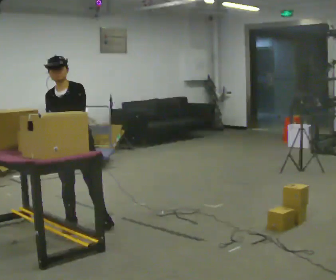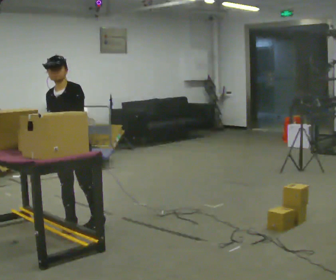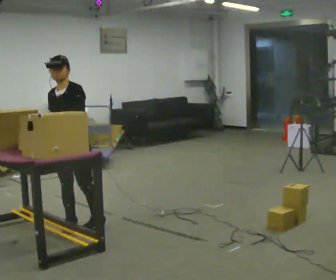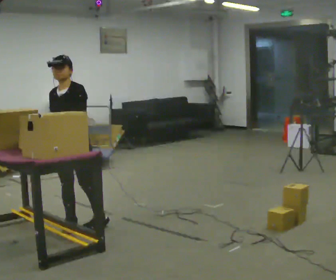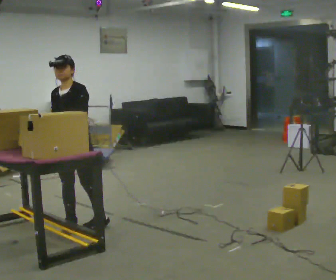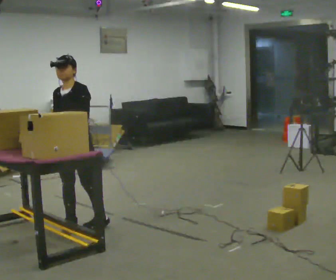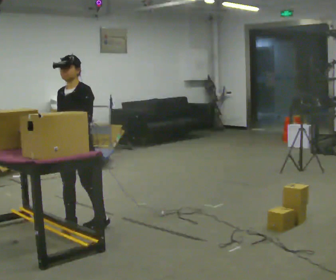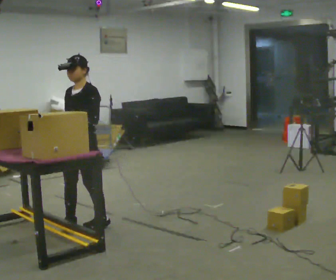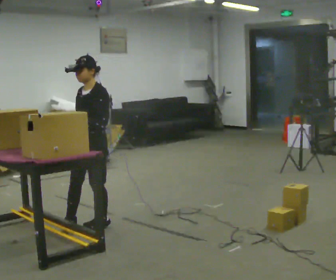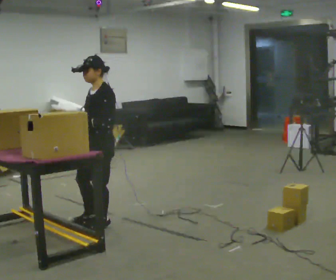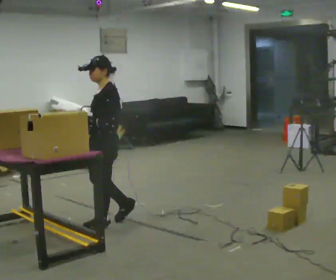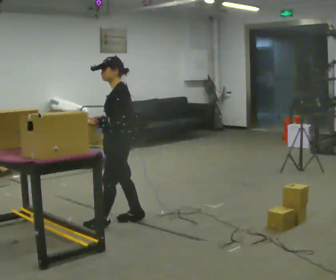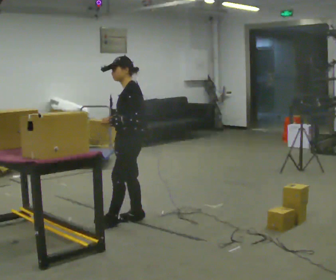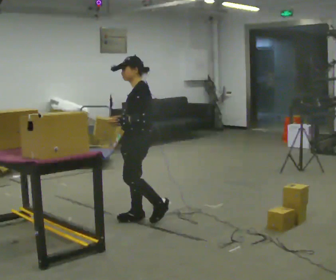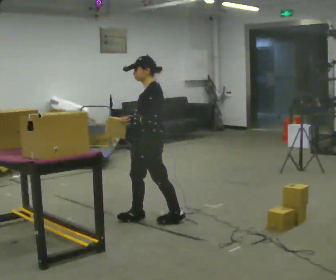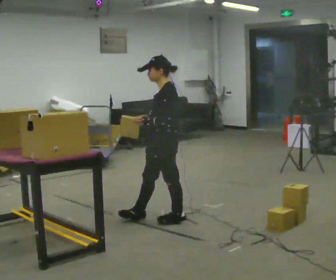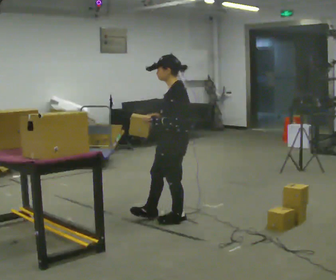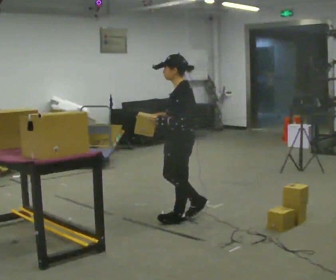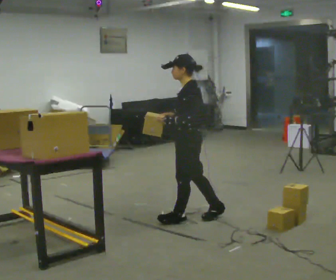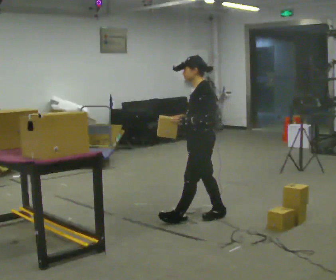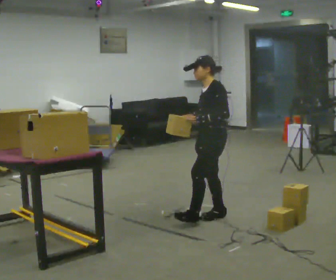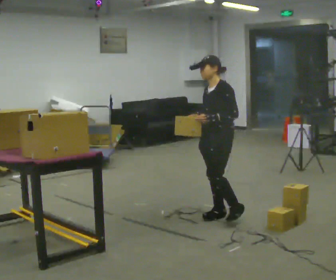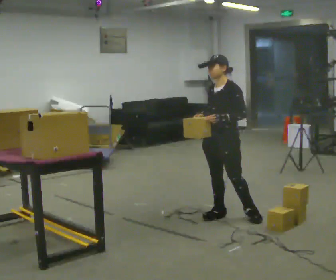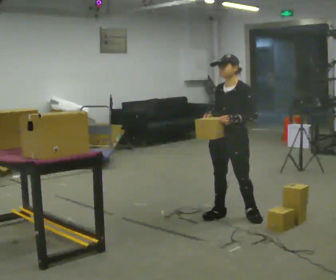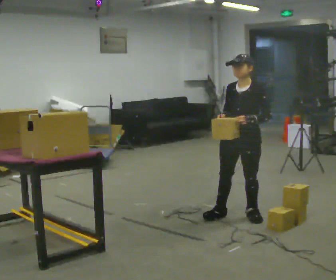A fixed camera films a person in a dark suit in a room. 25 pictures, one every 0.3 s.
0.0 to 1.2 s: The person moves a little, or ends about where they began.
1.2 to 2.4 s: In the picture they go to the right, about 0.25 m, which for them is backward.
2.4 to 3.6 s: The person turns about 30 degrees to their right, clockwise seen from above, so the part of the body nearest the lens slides to the left. In the picture they go to the right, about 0.5 m in 2 steps, which for them is backward.
3.6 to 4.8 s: In the picture they go to the right, about 0.5 m in 1 step, which for them is backward and to their left.
4.8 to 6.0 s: In the picture they go to the right, about 0.25 m in 1 step, which for them is backward.
6.0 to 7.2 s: The part of the body nearest the lens slides to the right as the person turns to their left by about 30 degrees. In the picture they go to the right, about 0.25 m, which for them is to their left and backward.
The film runs backward here.
